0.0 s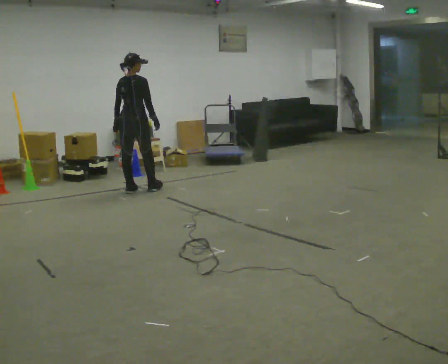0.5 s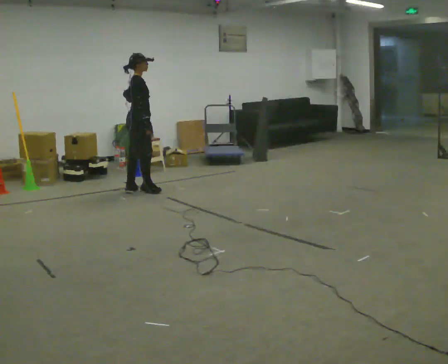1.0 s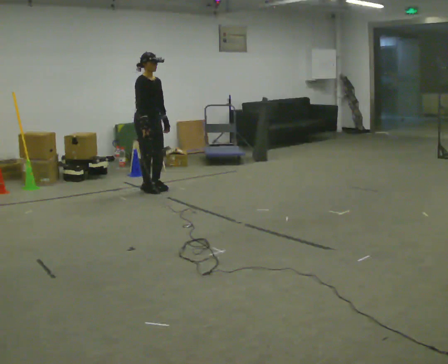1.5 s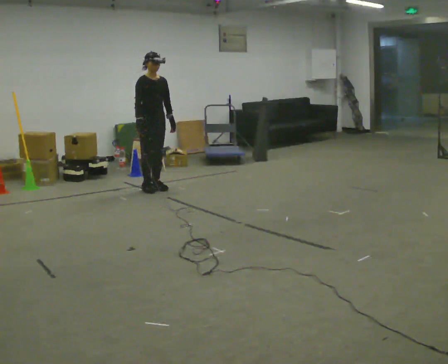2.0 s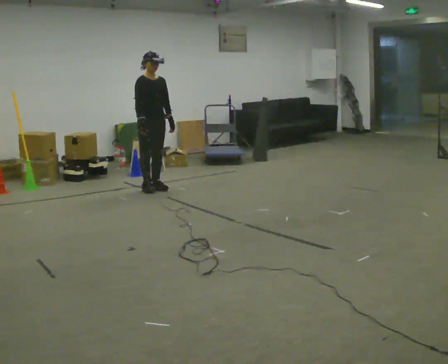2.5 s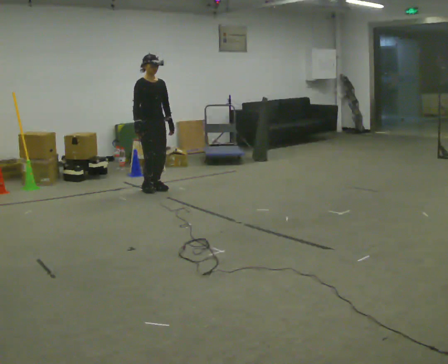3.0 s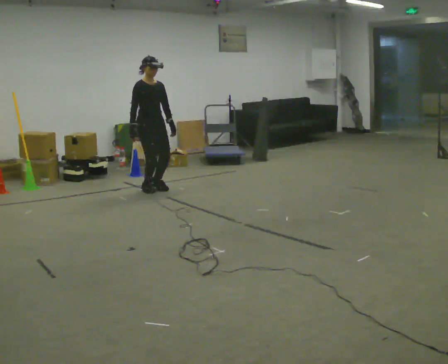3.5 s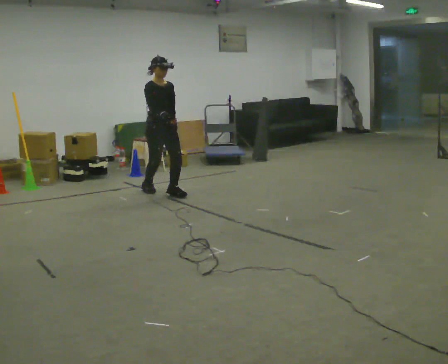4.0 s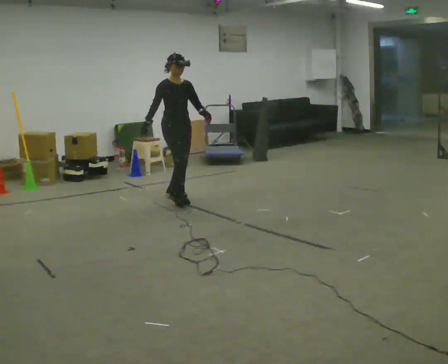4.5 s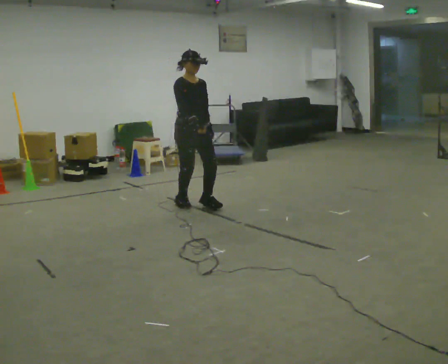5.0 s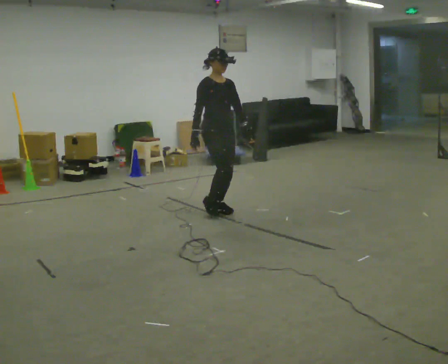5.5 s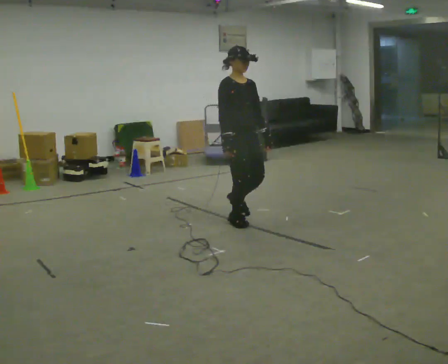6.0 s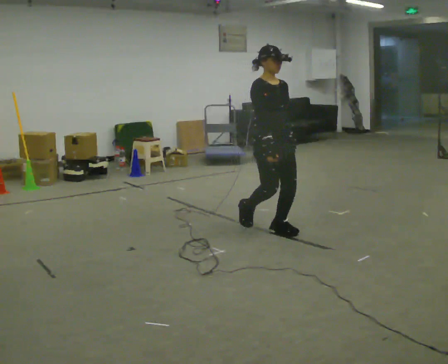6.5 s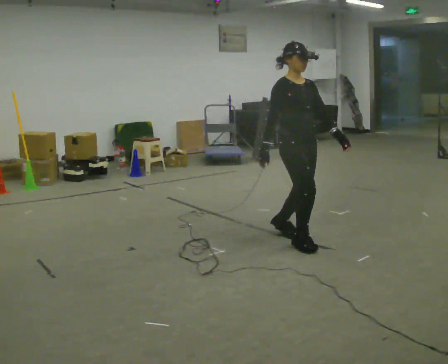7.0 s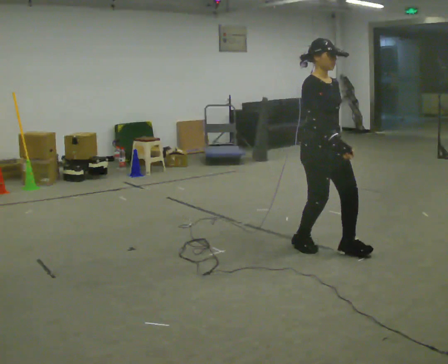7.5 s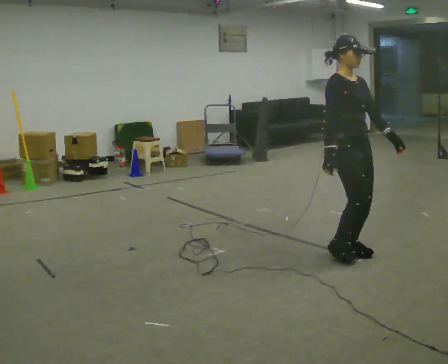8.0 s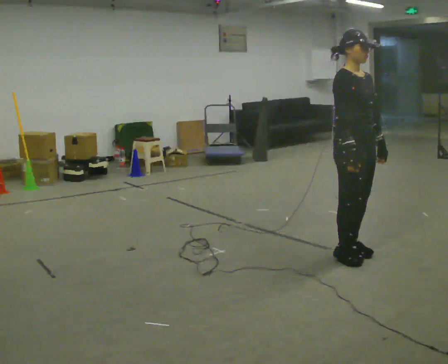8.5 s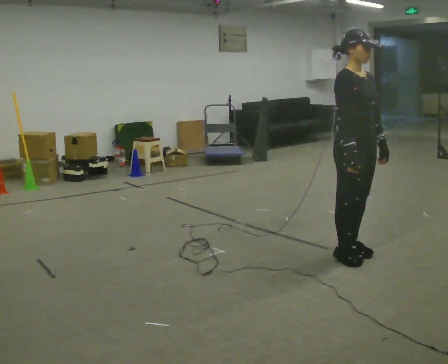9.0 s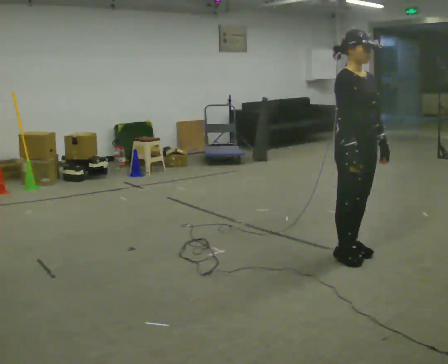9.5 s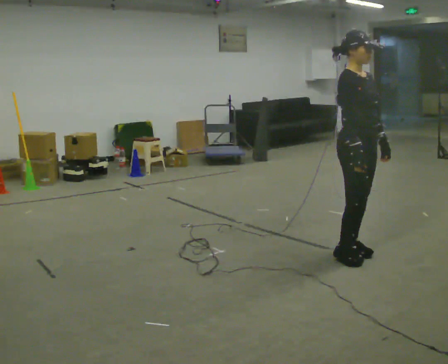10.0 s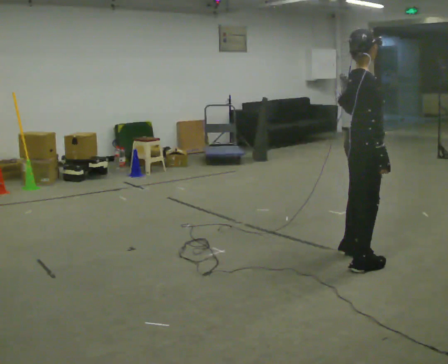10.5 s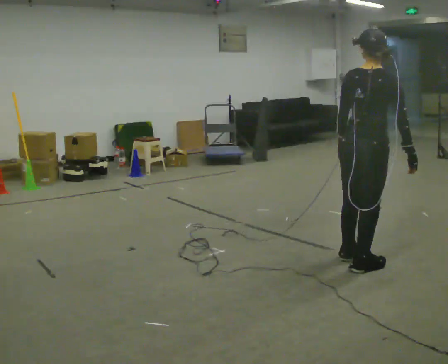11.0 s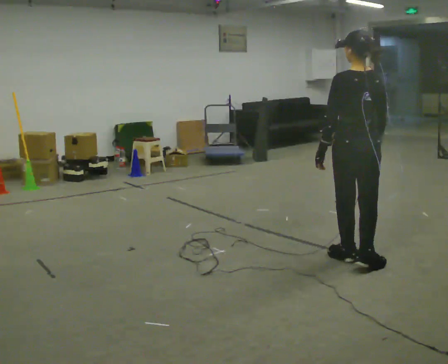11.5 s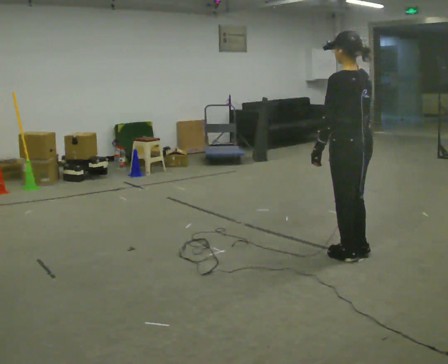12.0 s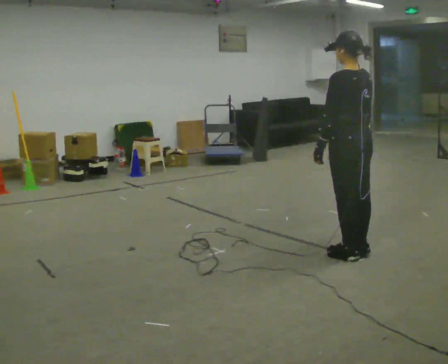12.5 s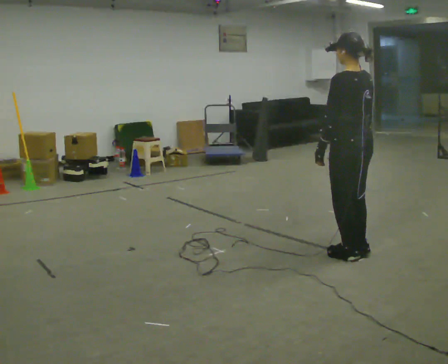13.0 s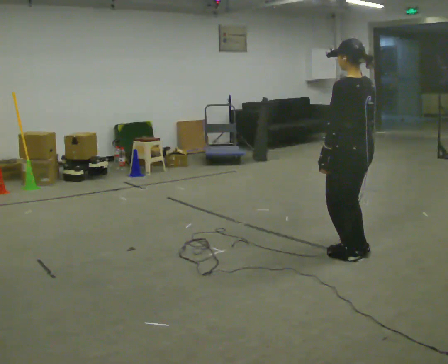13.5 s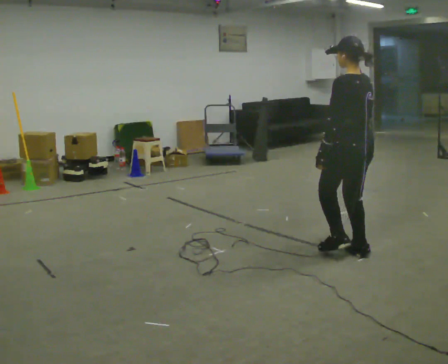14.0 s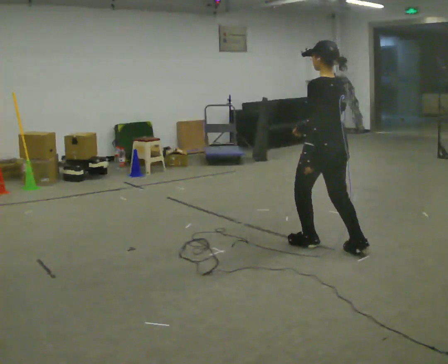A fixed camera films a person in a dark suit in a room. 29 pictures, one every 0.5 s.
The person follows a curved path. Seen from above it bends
clockwise.
0.0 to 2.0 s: Seen from above the body turns clockwise, about 120 degrees: to their right, with its near side sliding to the left. In the picture they go to the right, about 0.25 m in 1 step. In the picture their left hand goes to the right, the arm swinging counterclockwise.
2.0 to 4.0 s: In the picture they go toward the camera and to the right, about 0.5 m in 1 step, which for them is forward.
4.0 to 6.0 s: In the picture they go toward the camera and to the right, about 1.5 m in 4 steps, which for them is forward.
6.0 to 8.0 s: In the picture they go toward the camera and to the right, about 1 m in 3 steps, which for them is forward.
8.0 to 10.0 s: The part of the body nearest the lens slides to the right as the person turns to their left by about 45 degrees.
10.0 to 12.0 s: Seen from above the body turns counterclockwise, about 120 degrees: to their left, with its near side sliding to the right. In the picture they go away from the camera, about 0.25 m in 1 step. In the picture their left hand goes to the left.
12.0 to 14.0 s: In the picture they go to the left and away from the camera, about 0.25 m in 1 step, which for them is forward.
The film runs forward here.
